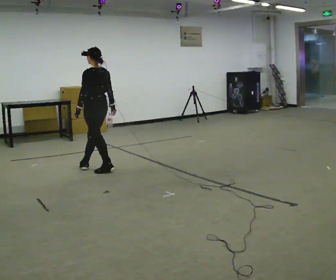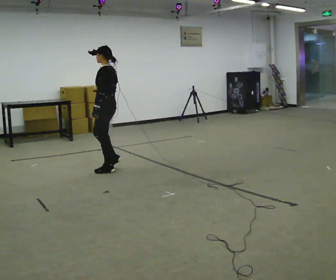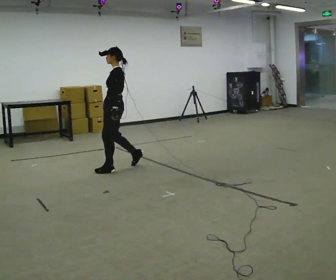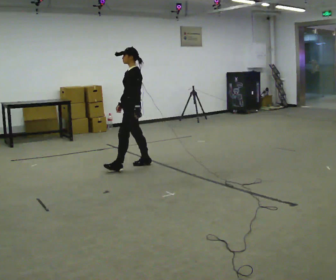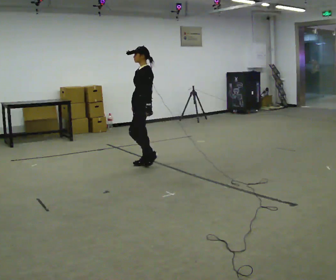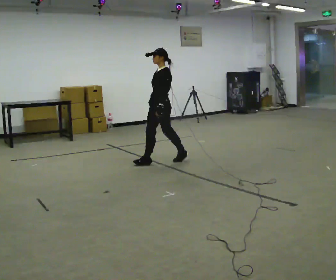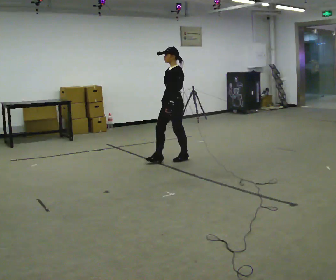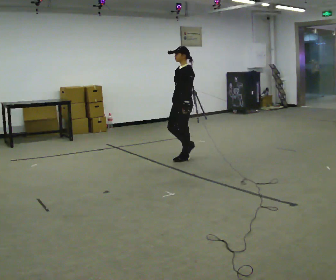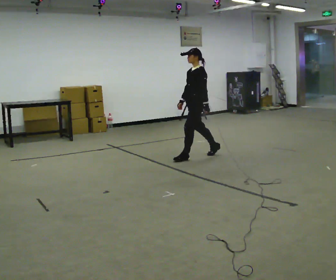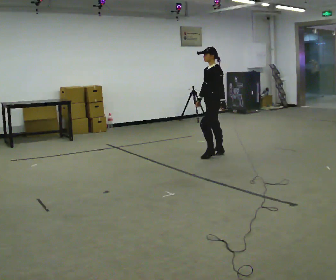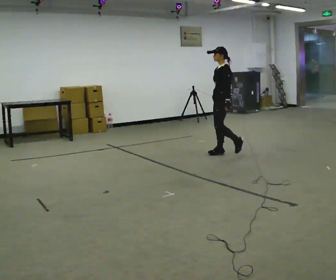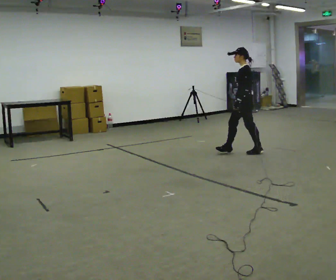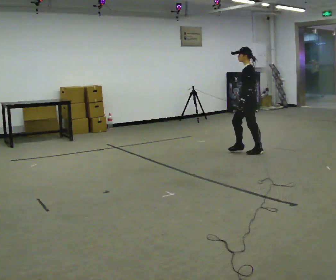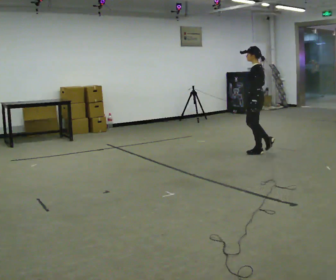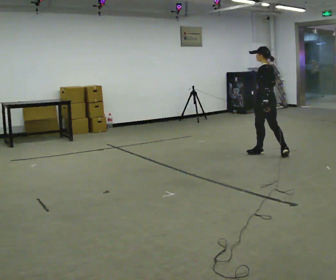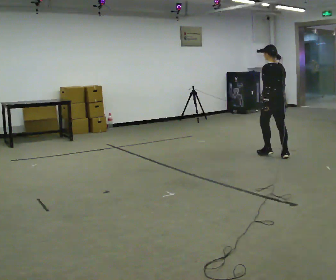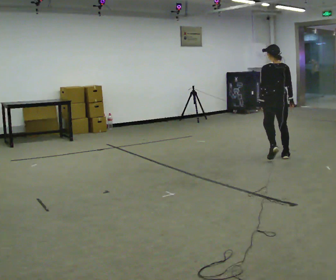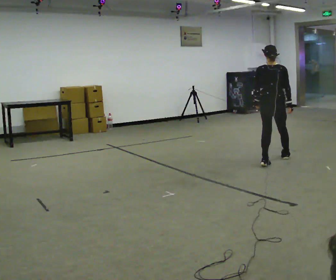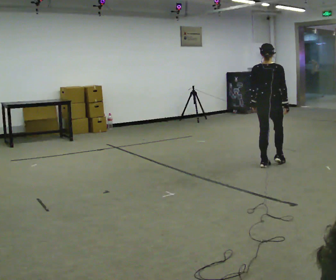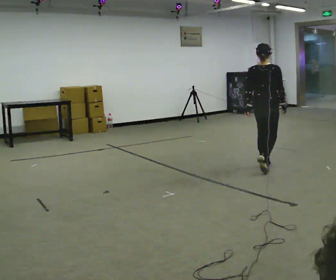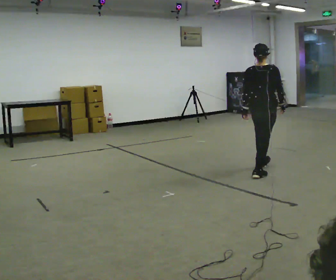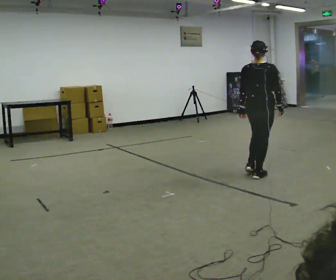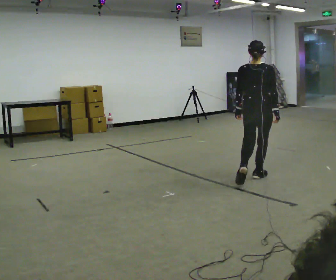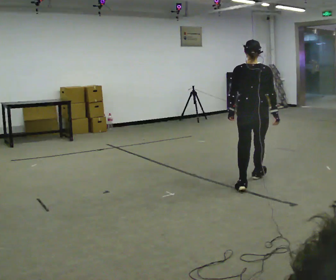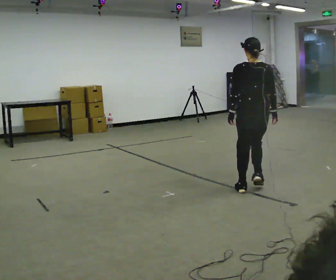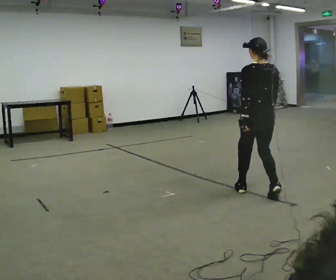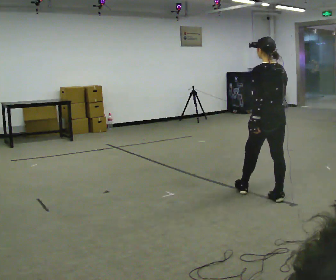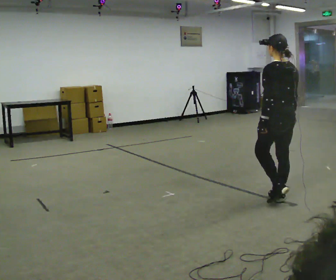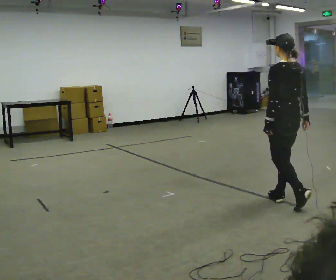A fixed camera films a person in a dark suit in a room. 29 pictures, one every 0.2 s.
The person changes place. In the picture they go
to the right.
0.0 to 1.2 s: The part of the body nearest the lens slides to the right as the person turns to their left by about 60 degrees. In the picture they go to the right and away from the camera, about 1 m in 2 steps, which for them is backward.
1.2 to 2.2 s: In the picture they go to the right and away from the camera, about 1 m in 1 step, which for them is backward.
2.2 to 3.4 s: The person turns about 105 degrees to their right, clockwise seen from above, so the part of the body nearest the lens slides to the left. In the picture they go to the right and toward the camera, about 0.75 m in 3 steps.
3.4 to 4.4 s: In the picture they go toward the camera, about 1 m in 1 step, which for them is backward.
4.4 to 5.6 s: The person turns about 60 degrees to their left, counterclockwise seen from above, so the part of the body nearest the lens slides to the right. In the picture they go toward the camera and to the right, about 1 m in 2 steps, which for them is backward.
The film runs backward here.
